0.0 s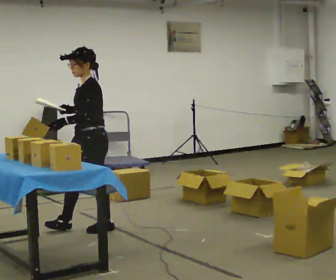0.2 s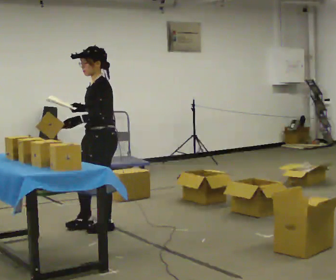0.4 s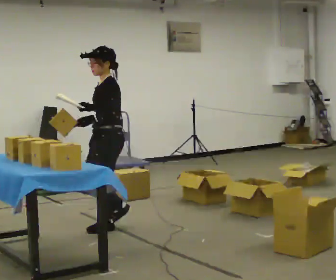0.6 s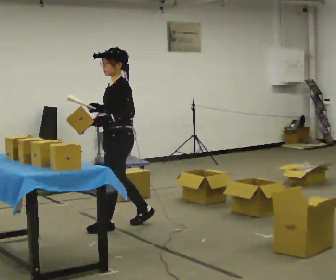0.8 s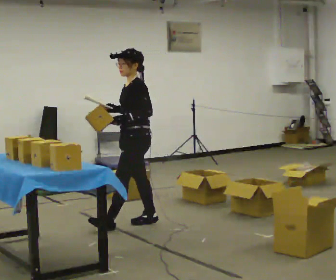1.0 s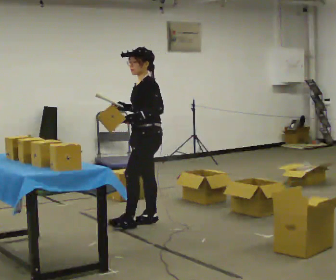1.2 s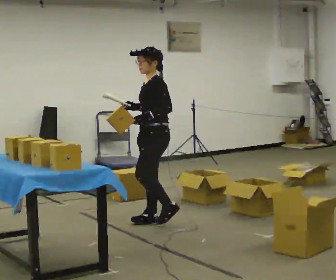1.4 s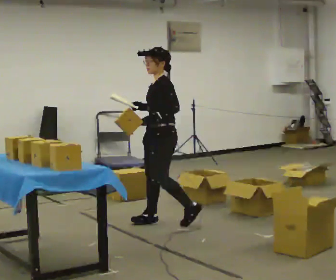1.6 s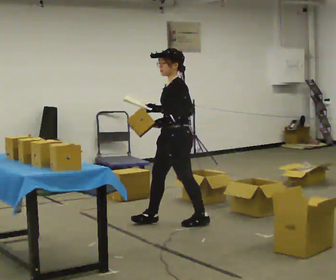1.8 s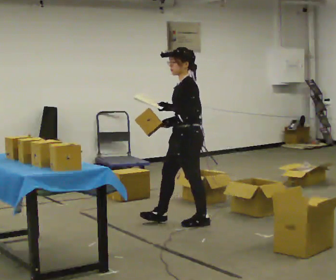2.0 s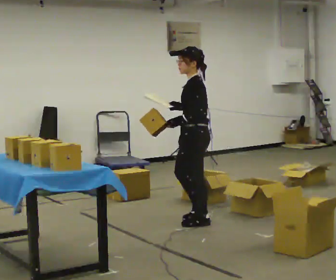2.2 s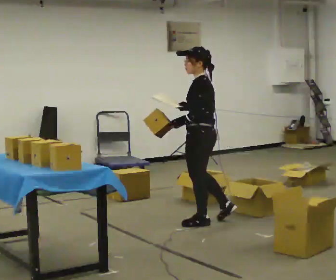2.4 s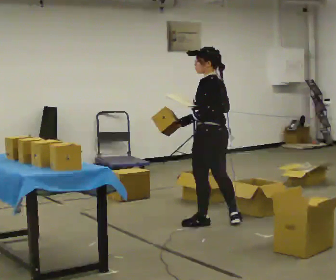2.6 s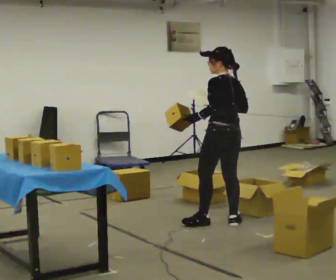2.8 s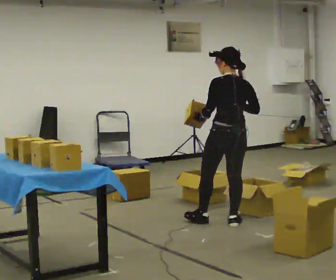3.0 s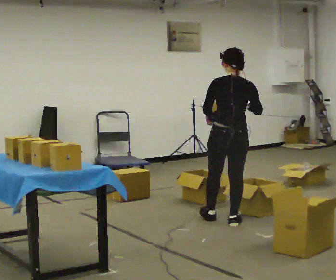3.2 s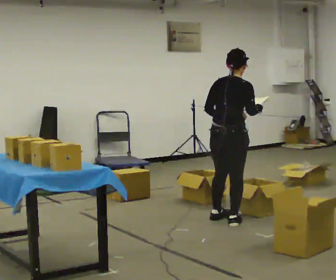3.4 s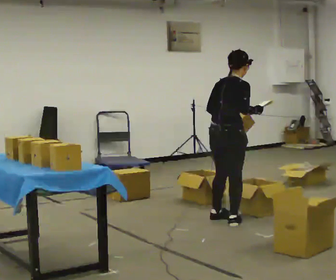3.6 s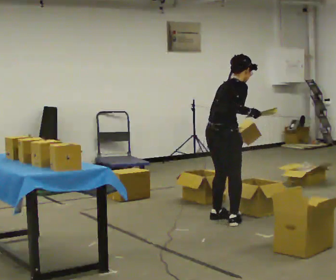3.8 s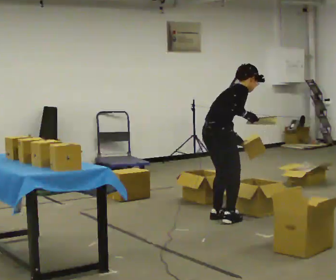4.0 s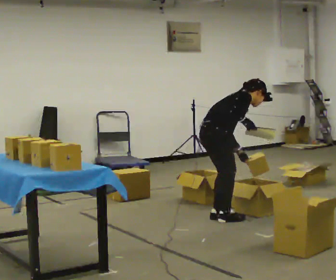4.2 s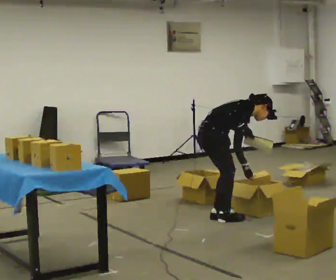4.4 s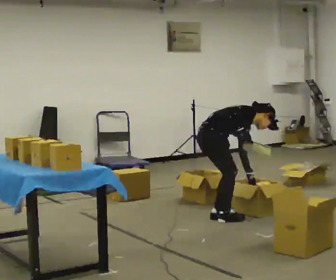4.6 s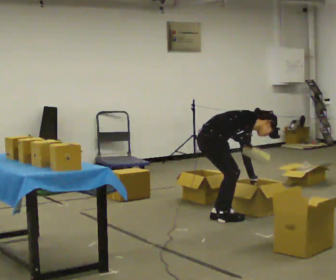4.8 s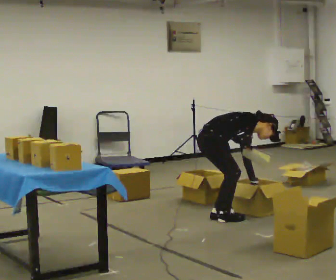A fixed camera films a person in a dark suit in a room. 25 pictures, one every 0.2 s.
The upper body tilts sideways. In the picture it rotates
clockwise.
The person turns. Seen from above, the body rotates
clockwise.
0.0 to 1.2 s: In the picture they go to the right and away from the camera, about 0.5 m in 2 steps, which for them is backward.
1.2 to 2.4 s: Seen from above the body turns clockwise, about 60 degrees: to their right, with its near side sliding to the left. In the picture they go to the right, about 0.5 m in 1 step, which for them is backward.
2.4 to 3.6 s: Seen from above the body turns clockwise, about 120 degrees: to their right, with its near side sliding to the left. In the picture the upper body tilts clockwise, shoulders to the right, as they bend forward. In the picture their left hand goes to the right.
3.6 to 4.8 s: Seen from above the body turns clockwise, about 30 degrees: to their right, with its near side sliding to the left. The shoulders move downward. In the picture the upper body tilts clockwise, shoulders to the right, as they bend forward. In the picture their left hand goes downward.
The film runs backward here.
